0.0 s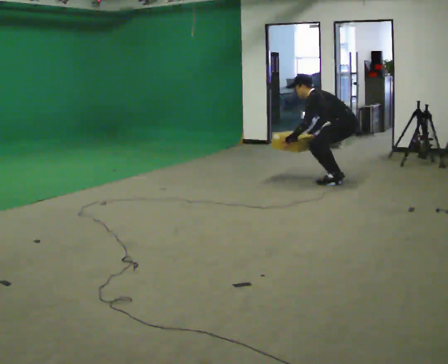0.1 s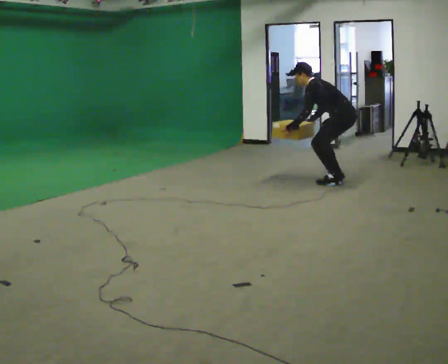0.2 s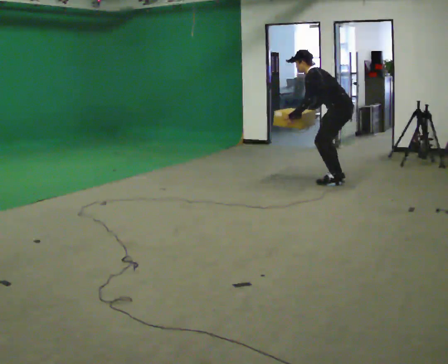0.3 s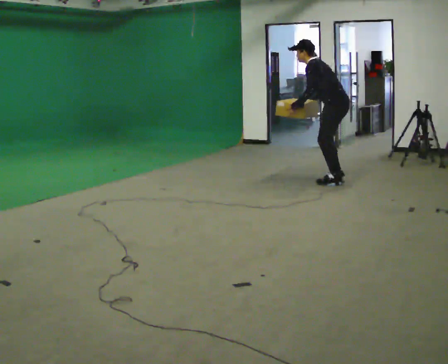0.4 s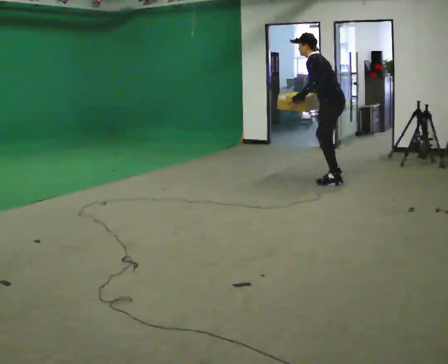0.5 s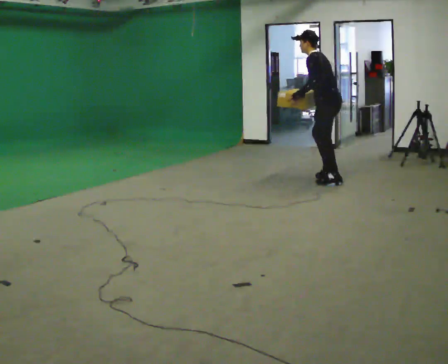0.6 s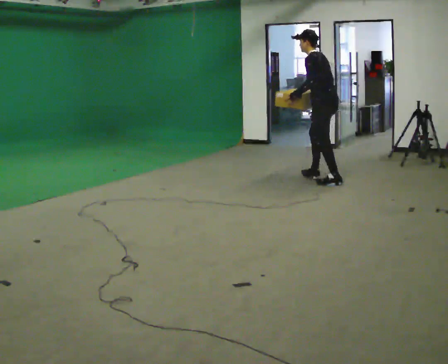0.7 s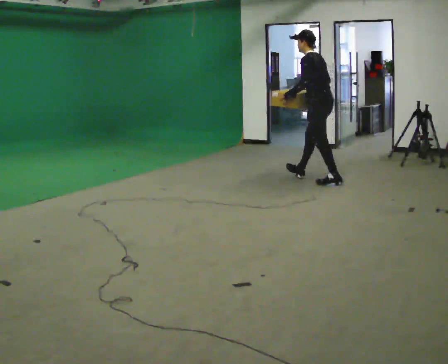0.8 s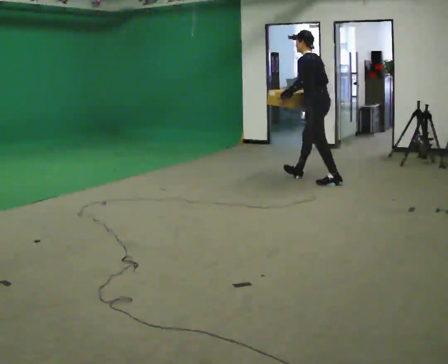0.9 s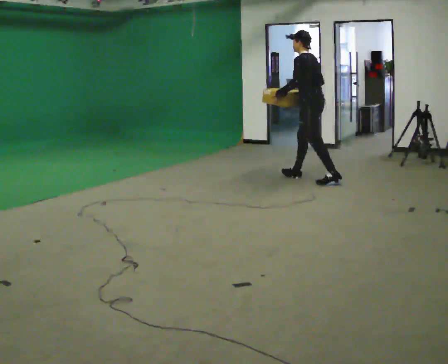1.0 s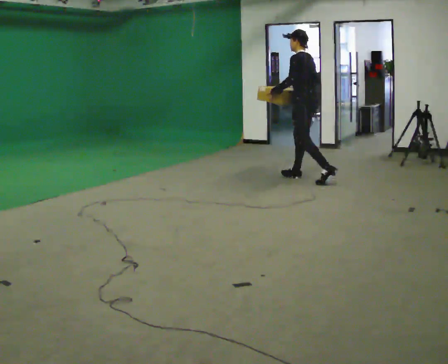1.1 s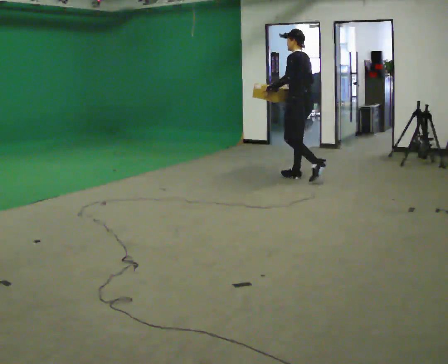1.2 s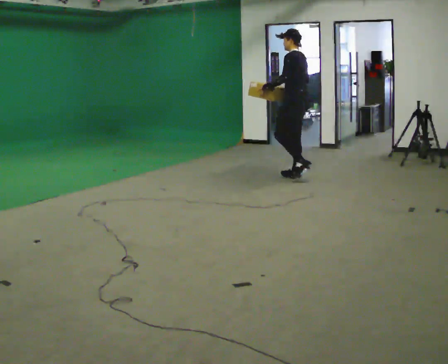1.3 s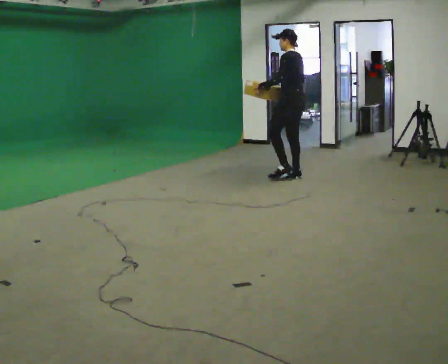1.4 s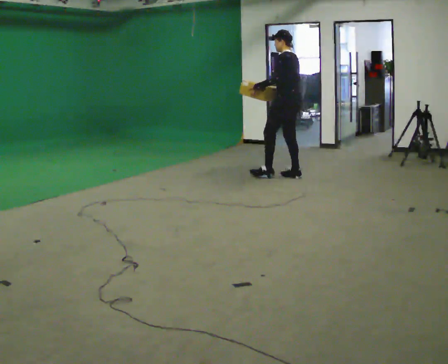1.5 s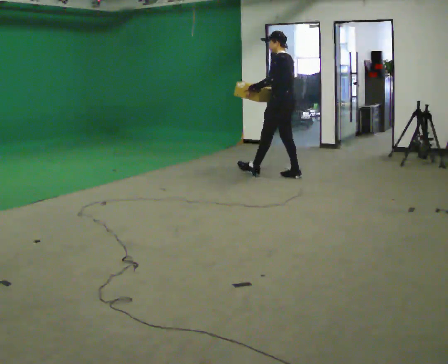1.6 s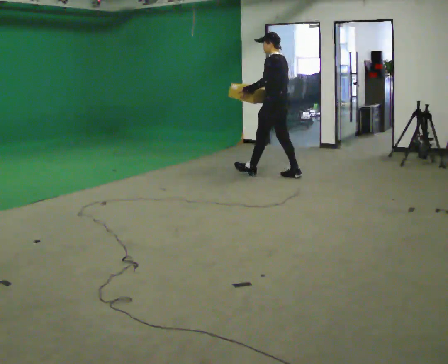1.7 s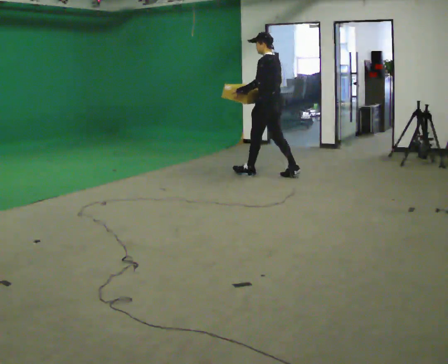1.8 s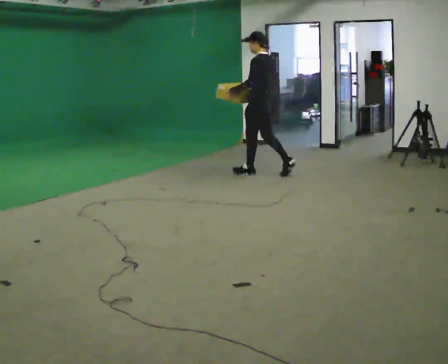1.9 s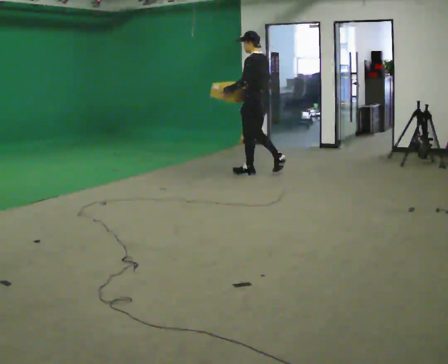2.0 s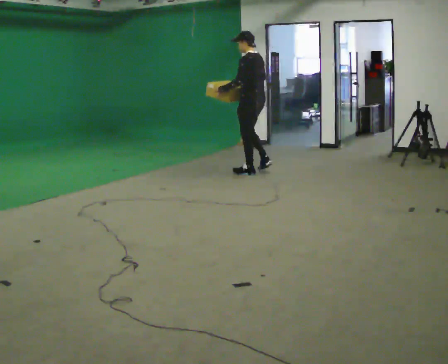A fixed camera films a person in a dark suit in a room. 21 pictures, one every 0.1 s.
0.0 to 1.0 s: In the picture they go to the left and away from the camera, about 0.5 m in 1 step, which for them is forward. The shoulders move upward. In the picture the upper body tilts clockwise, shoulders to the right, as they lean back or straighten. In the picture their left hand goes upward.
1.0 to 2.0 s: In the picture they go to the left and away from the camera, about 0.75 m in 1 step, which for them is forward.
The film runs forward here.
